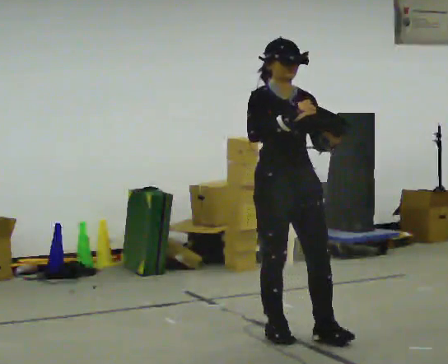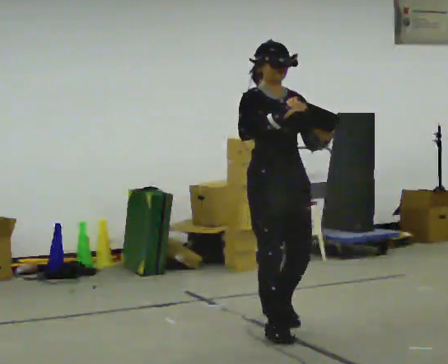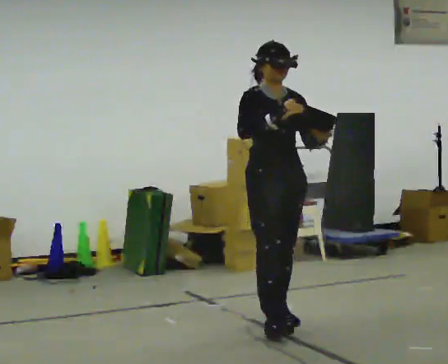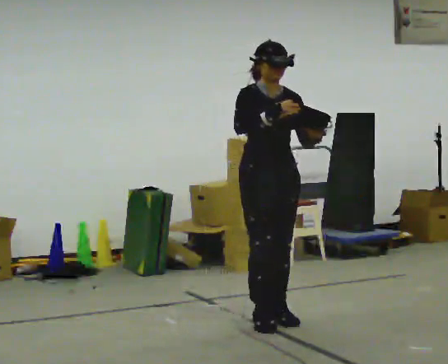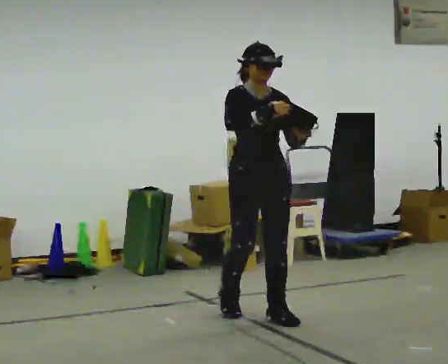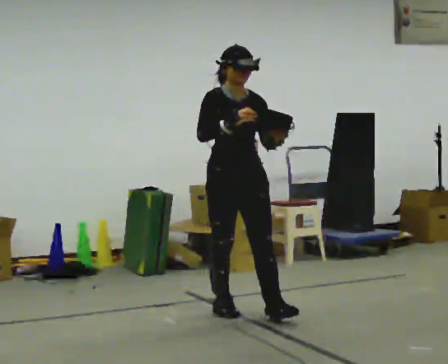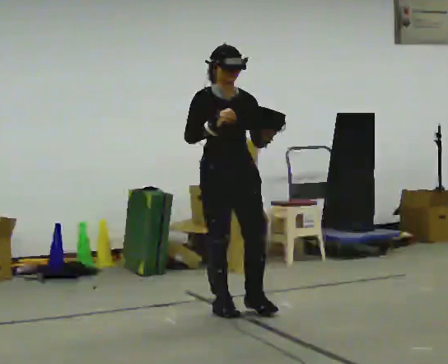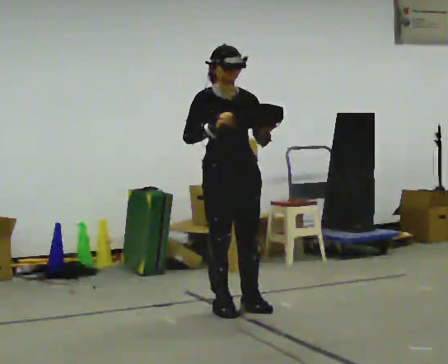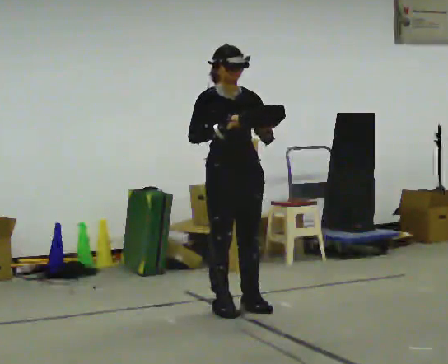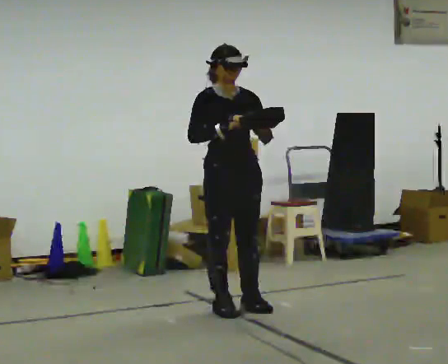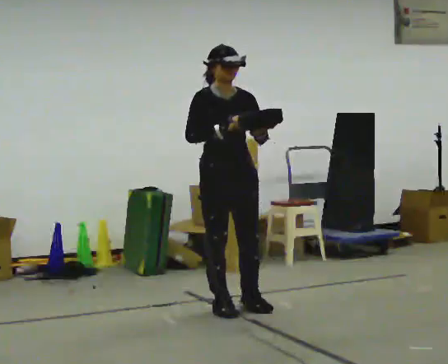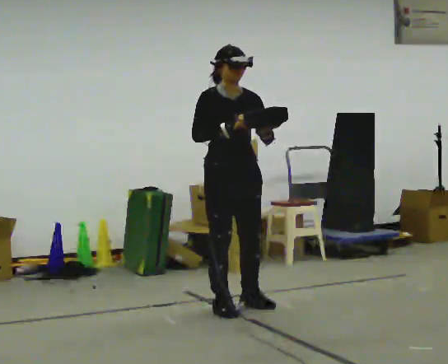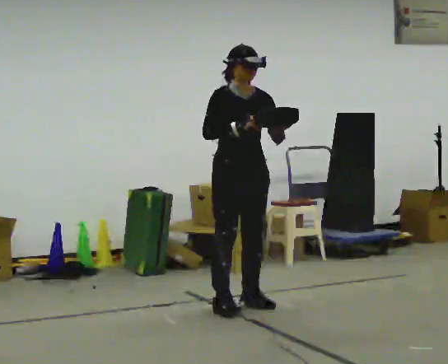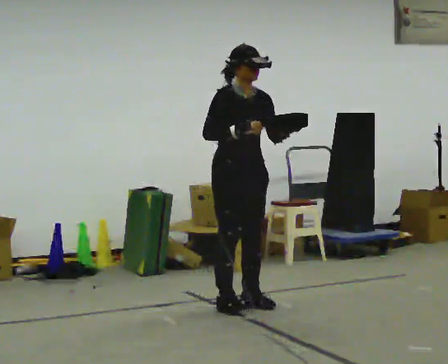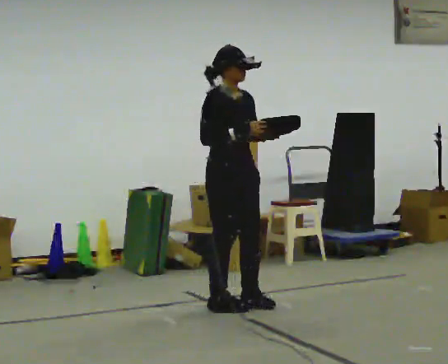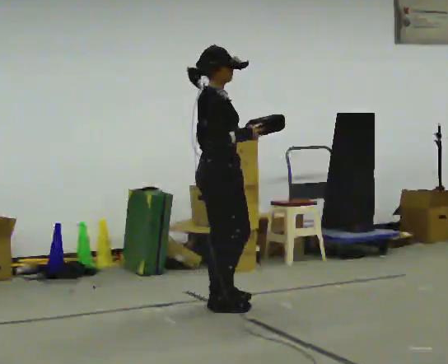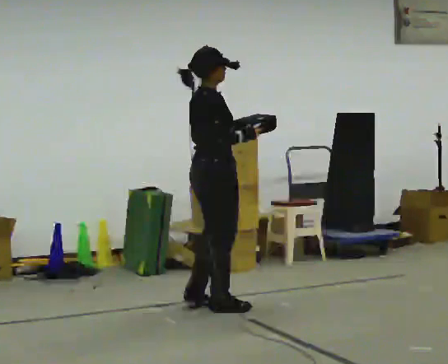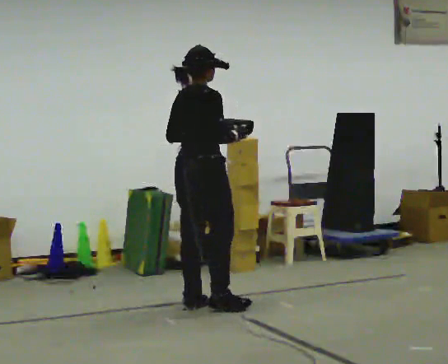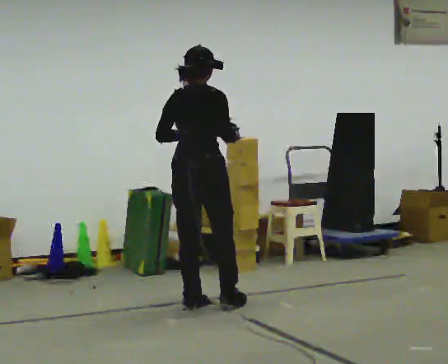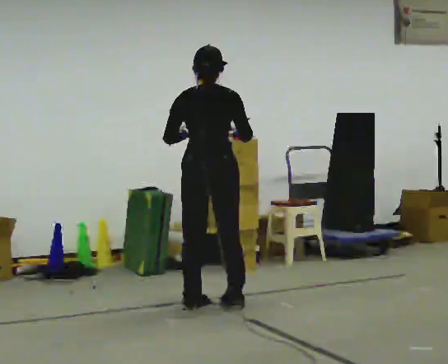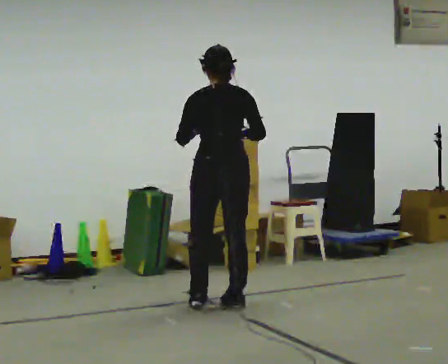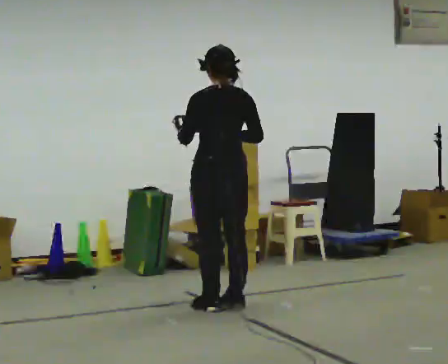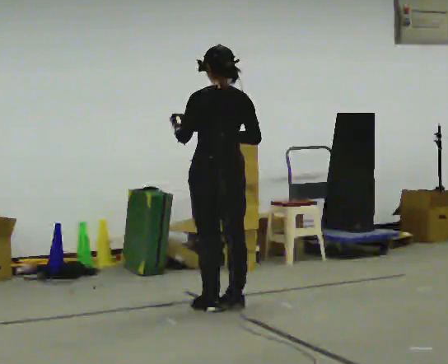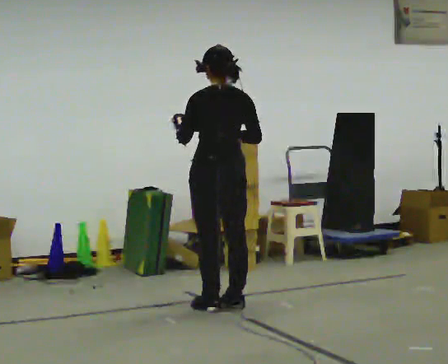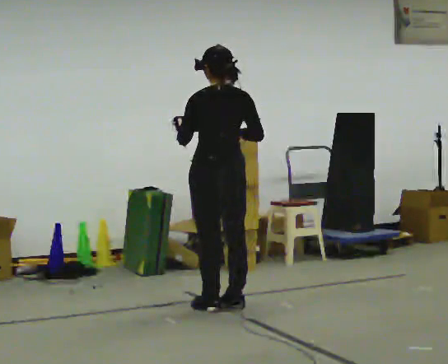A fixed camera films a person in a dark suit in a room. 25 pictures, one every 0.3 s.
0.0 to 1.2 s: In the picture they go away from the camera, about 0.5 m in 1 step, which for them is backward.
1.2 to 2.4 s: In the picture they go away from the camera and to the left, about 0.25 m in 1 step, which for them is backward.
2.4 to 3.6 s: The person moves a little, or ends about where they began.
3.6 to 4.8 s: The part of the body nearest the lens slides to the right as the person turns to their left by about 75 degrees. In the picture they go to the left, about 0.25 m in 1 step.
4.8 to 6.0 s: The part of the body nearest the lens slides to the right as the person turns to their left by about 75 degrees. In the picture their left hand goes to the left.
6.0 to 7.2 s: The person moves a little, or ends about where they began.
The film runs backward here.
